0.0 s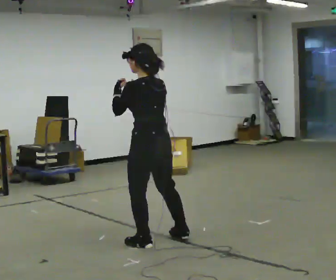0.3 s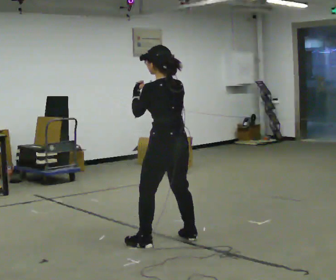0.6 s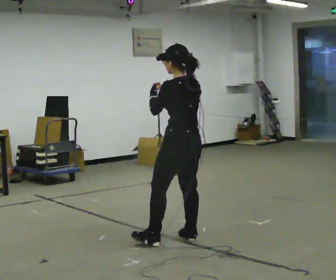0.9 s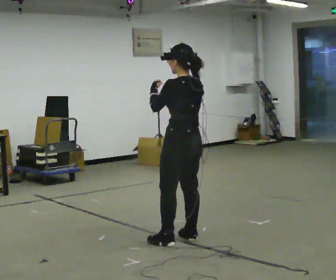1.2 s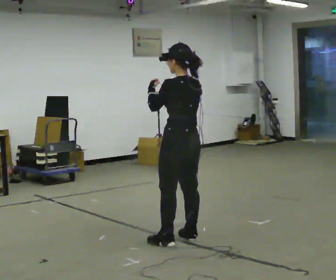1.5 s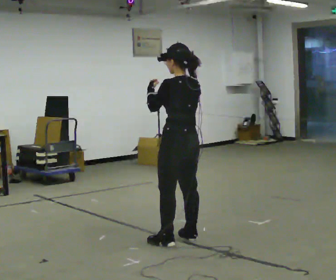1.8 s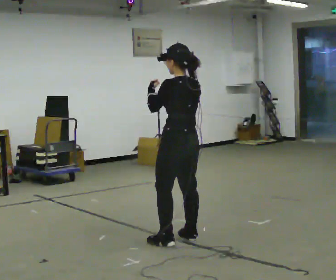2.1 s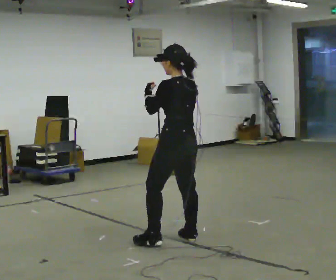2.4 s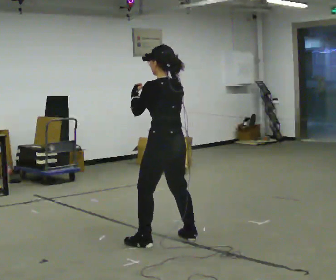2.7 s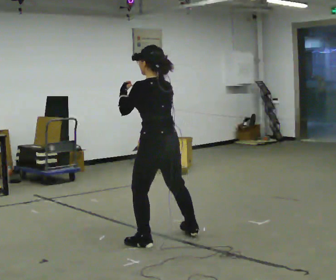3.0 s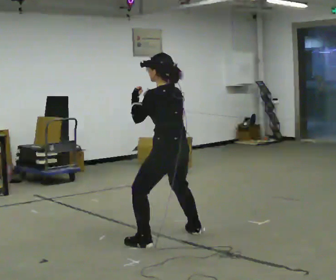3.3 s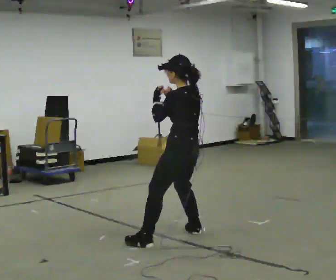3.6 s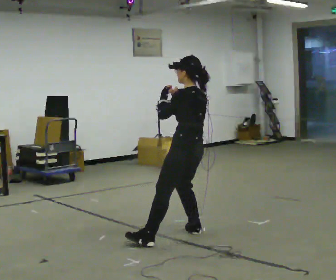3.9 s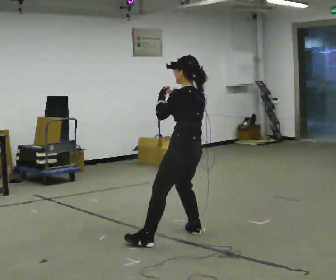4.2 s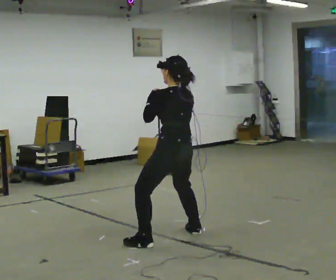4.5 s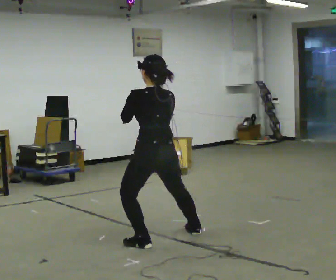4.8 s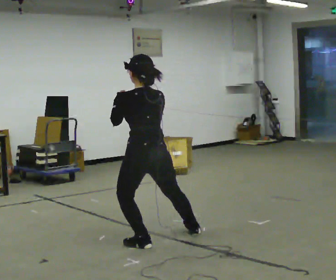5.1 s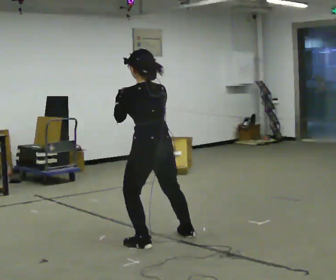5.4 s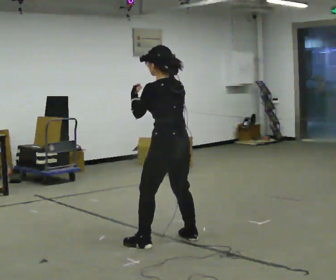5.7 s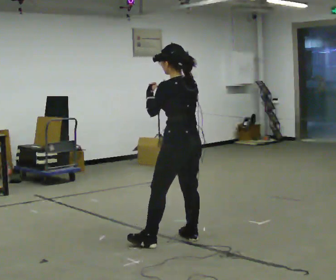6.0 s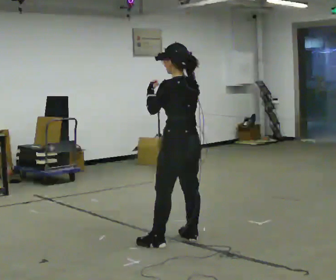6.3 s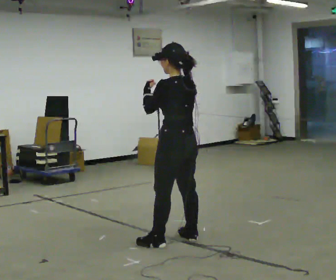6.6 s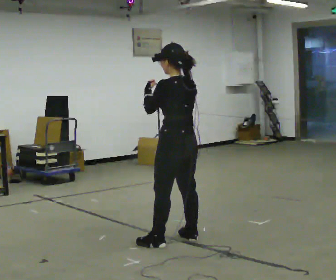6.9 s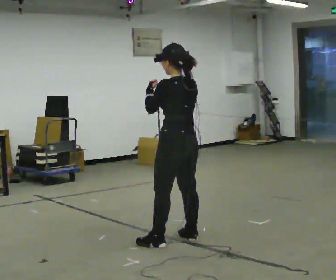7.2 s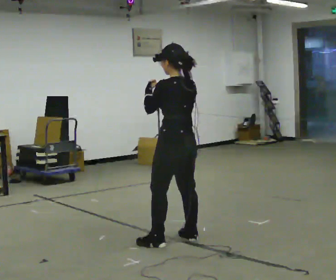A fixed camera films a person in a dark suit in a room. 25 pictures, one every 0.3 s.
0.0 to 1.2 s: In the picture they go to the right, about 0.25 m in 2 steps, which for them is to their right.
1.2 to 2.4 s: The person moves a little, or ends about where they began.
2.4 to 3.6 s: In the picture they go away from the camera and to the right, about 0.25 m in 1 step, which for them is to their right.
3.6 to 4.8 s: The part of the body nearest the lens slides to the left as the person turns to their right by about 30 degrees. In the picture they go to the left and toward the camera, about 0.5 m, which for them is to their left.
4.8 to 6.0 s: In the picture they go to the right, about 0.25 m in 1 step, which for them is to their right.
6.0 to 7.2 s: The person moves a little, or ends about where they began.
The film runs forward here.
